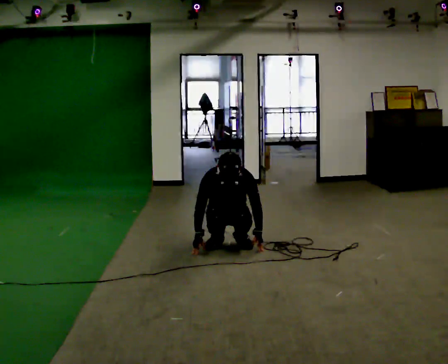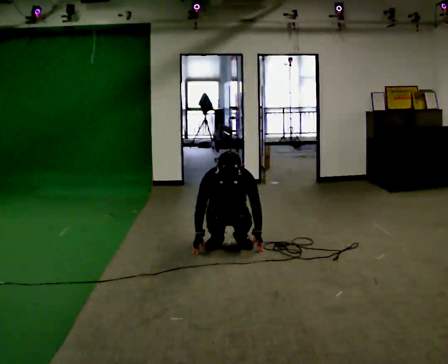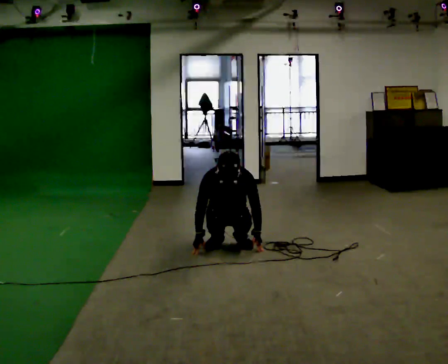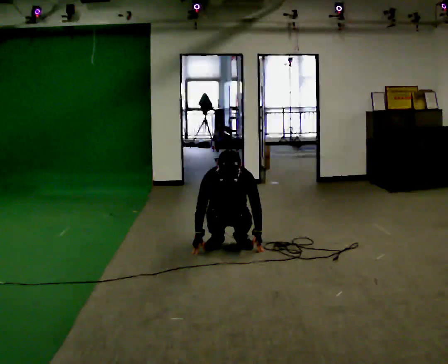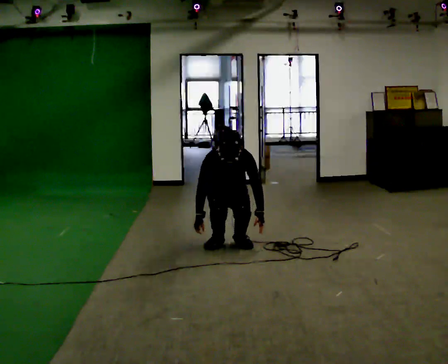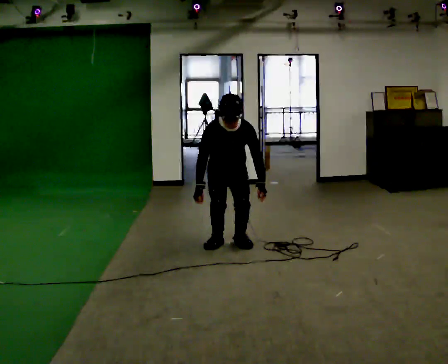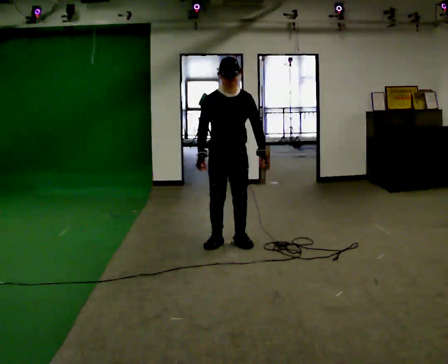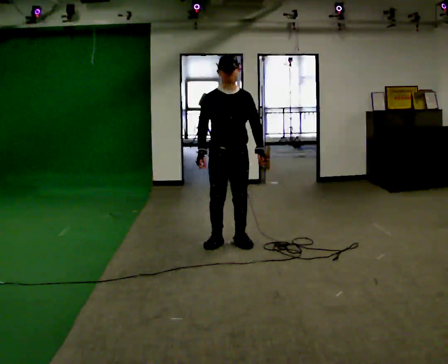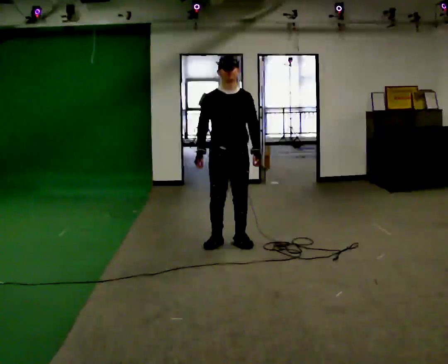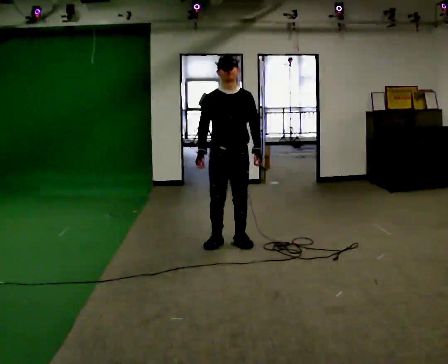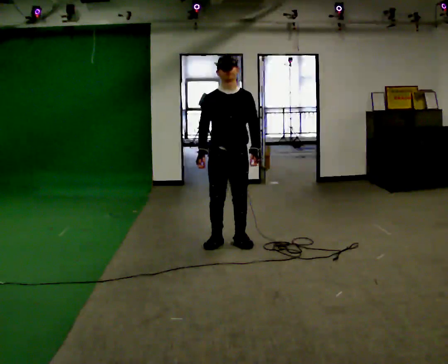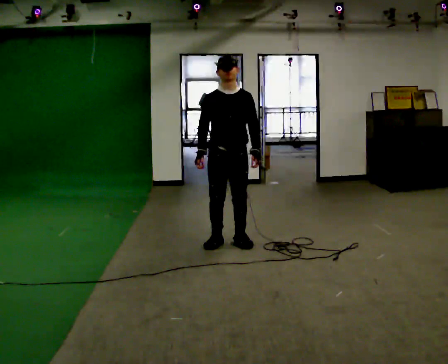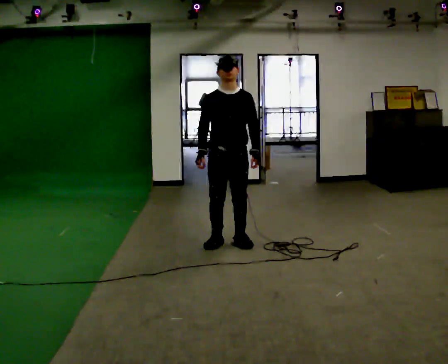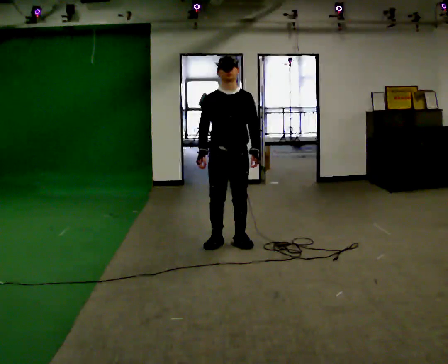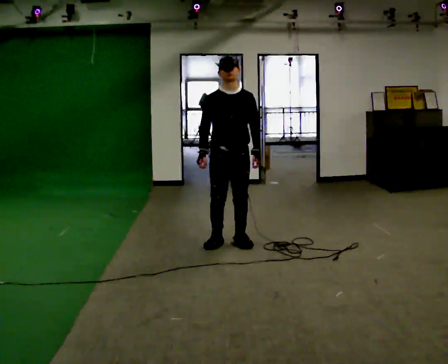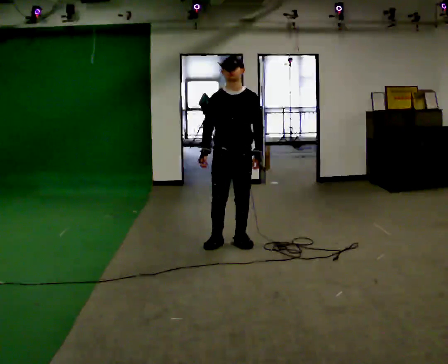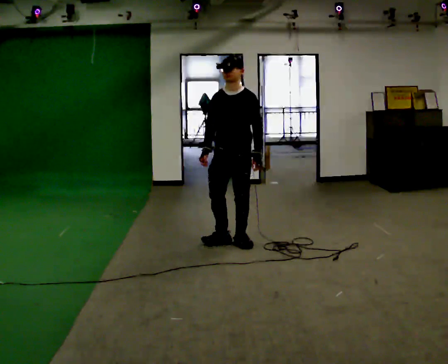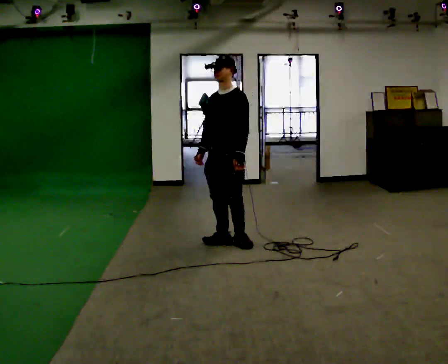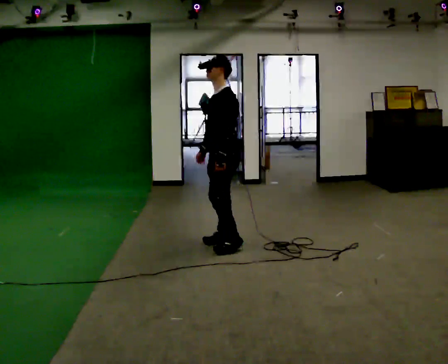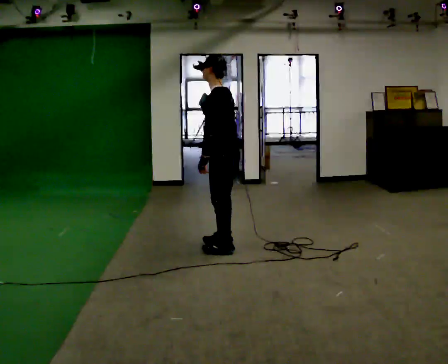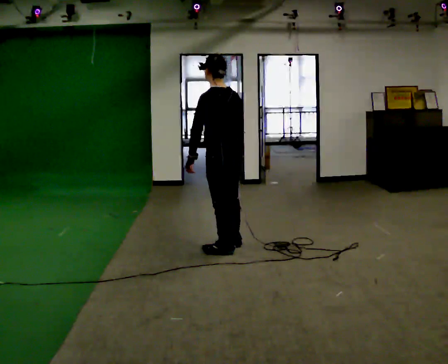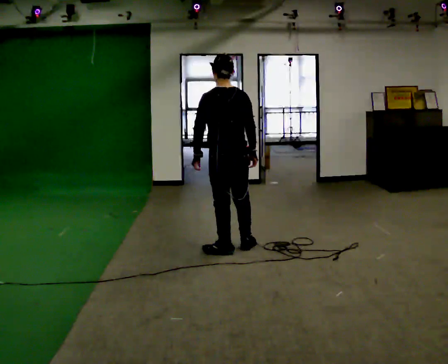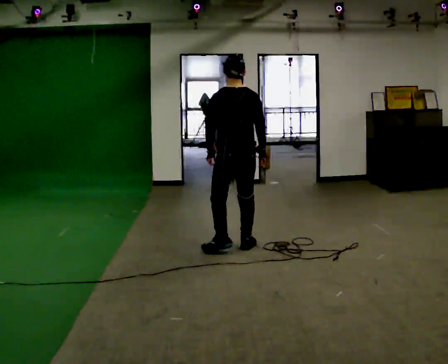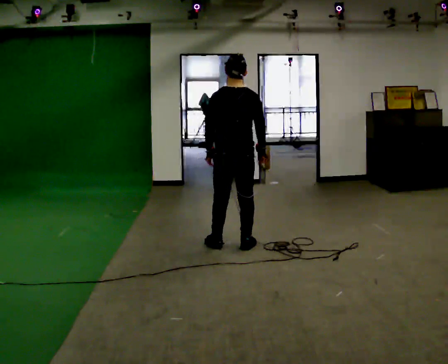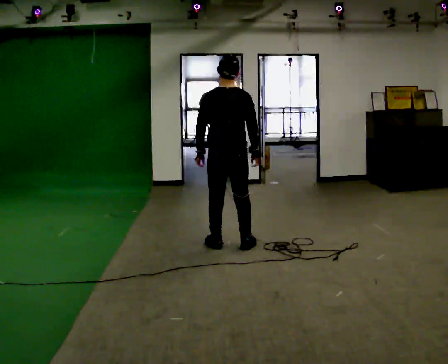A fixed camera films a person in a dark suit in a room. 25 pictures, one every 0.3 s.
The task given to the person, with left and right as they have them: Squat down as far as is comfortable, then stand back up. Repeat the movement at your own pace until the operator says stop; do not rush.
0.0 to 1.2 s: The shoulders move upward.
1.2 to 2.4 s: The upper body goes upward. The upper body tips away from the camera, its near side rolling upward, as they lean back or straighten. In the picture their left hand goes upward.
2.4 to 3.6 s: The person moves a little, or ends about where they began.
3.6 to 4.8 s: Seen from above the body turns clockwise, about 30 degrees: to their right, with its near side sliding to the left.
4.8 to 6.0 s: The part of the body nearest the lens slides to the left as the person turns to their right by about 120 degrees. In the picture they go toward the camera, about 0.25 m in 1 step.
6.0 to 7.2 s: The part of the body nearest the lens slides to the left as the person turns to their right by about 45 degrees. In the picture they go away from the camera, about 0.25 m in 2 steps, which for them is forward.
The film runs forward here.
